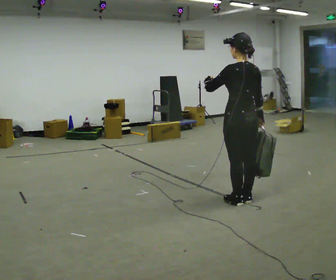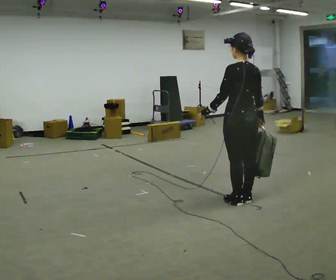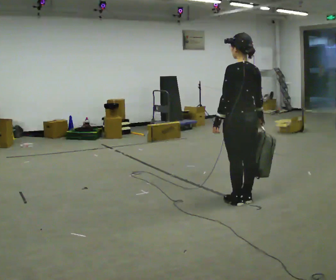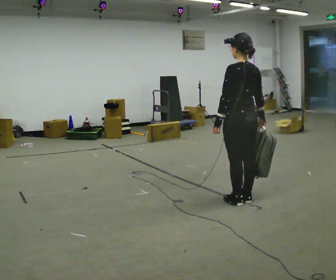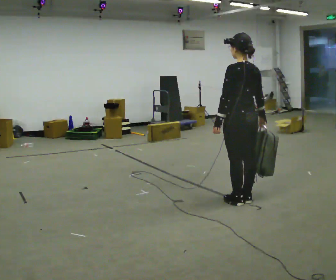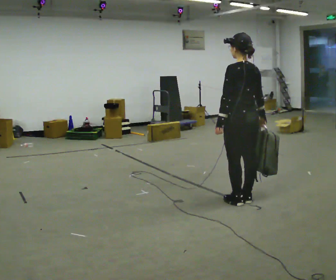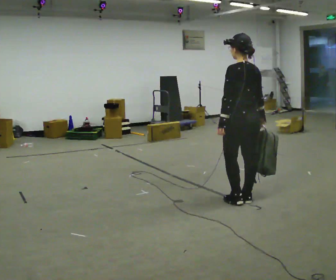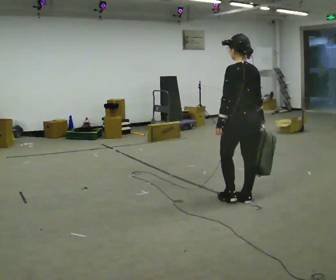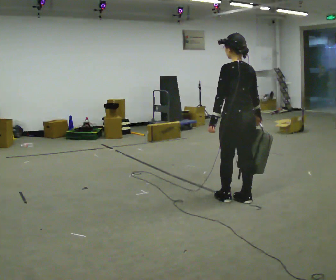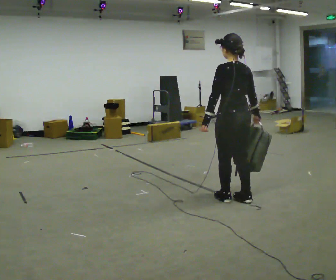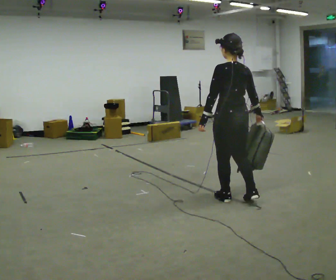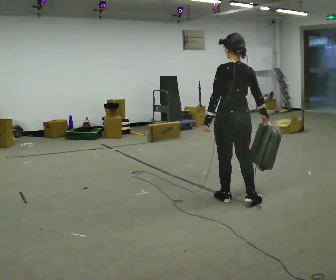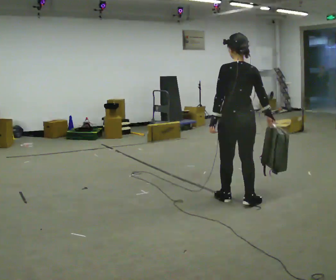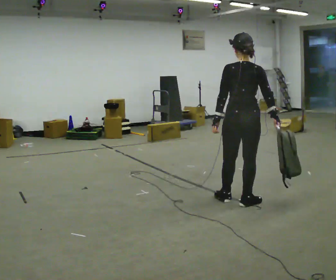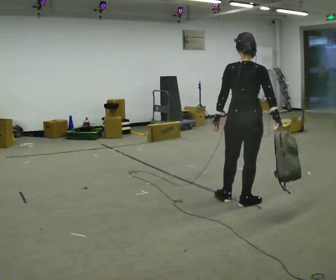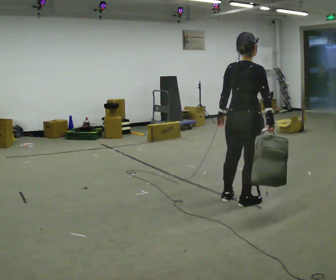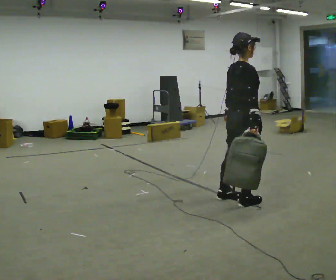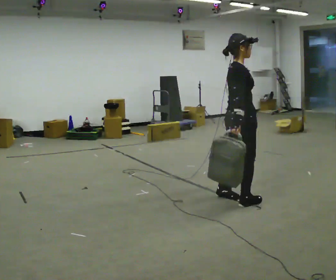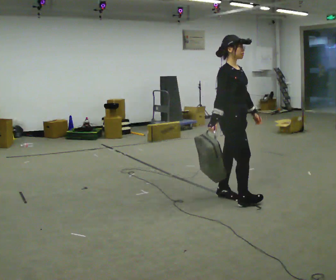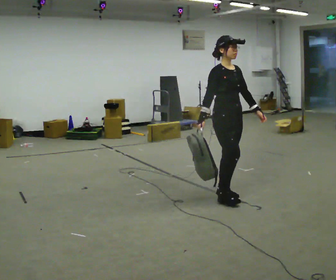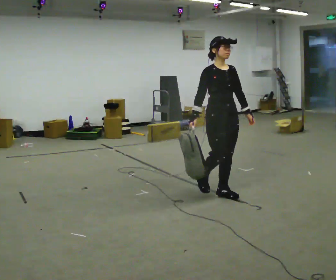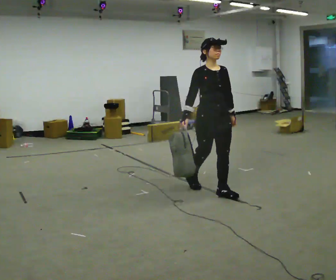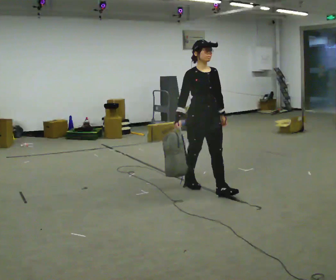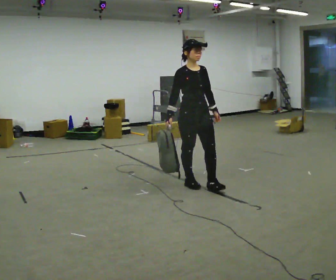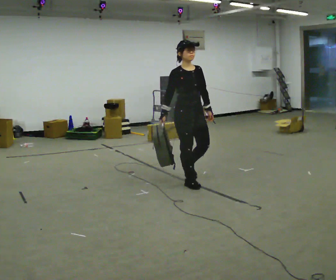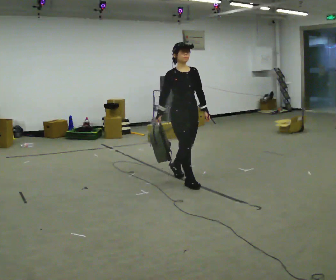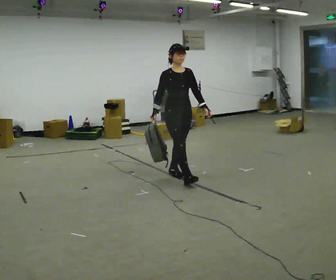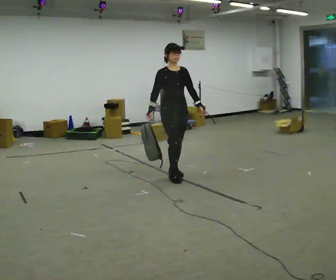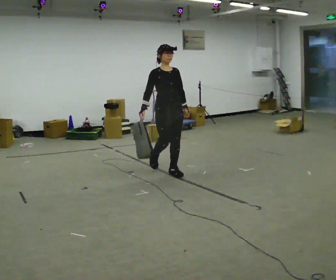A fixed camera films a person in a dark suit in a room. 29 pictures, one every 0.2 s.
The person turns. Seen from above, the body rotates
clockwise.
The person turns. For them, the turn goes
to their right.
0.0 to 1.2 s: In the picture their left hand goes downward, the arm swinging counterclockwise.
1.2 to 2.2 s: The person moves a little, or ends about where they began.
2.2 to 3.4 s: Seen from above the body turns clockwise, about 105 degrees: to their right, with its near side sliding to the left.
3.4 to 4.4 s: Seen from above the body turns clockwise, about 75 degrees: to their right, with its near side sliding to the left. In the picture they go to the left and away from the camera, about 0.5 m in 1 step.
4.4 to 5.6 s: In the picture they go away from the camera and to the left, about 1 m in 2 steps, which for them is backward.
The film runs backward here.
